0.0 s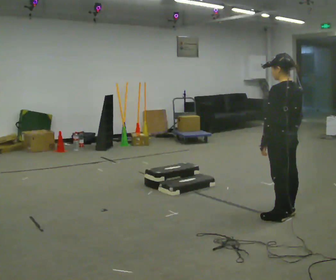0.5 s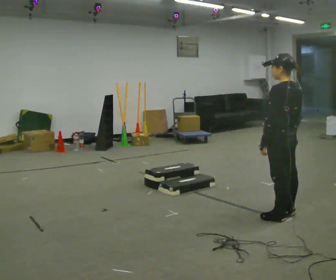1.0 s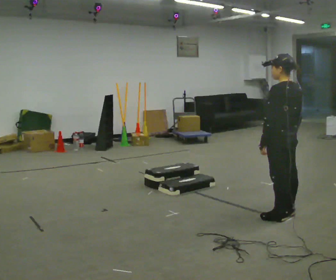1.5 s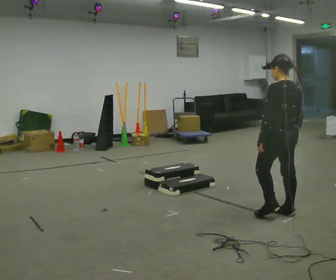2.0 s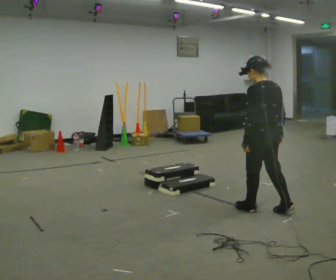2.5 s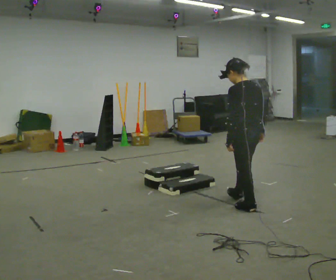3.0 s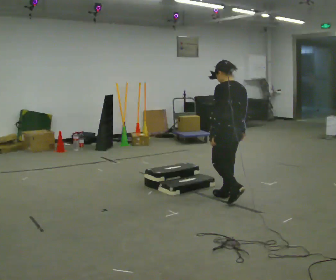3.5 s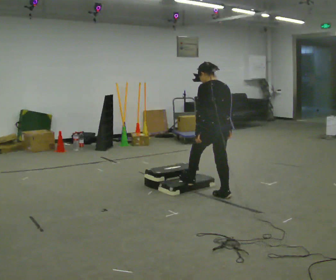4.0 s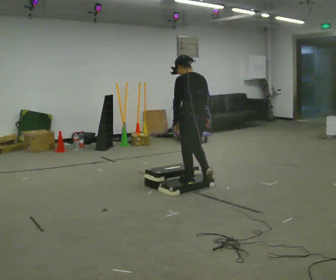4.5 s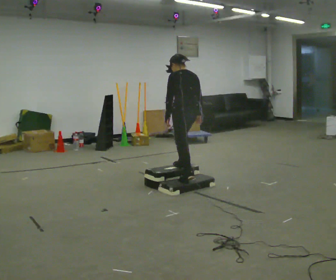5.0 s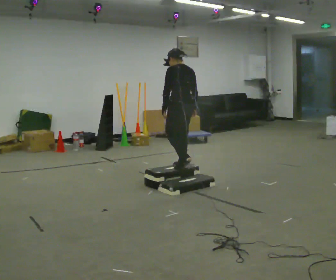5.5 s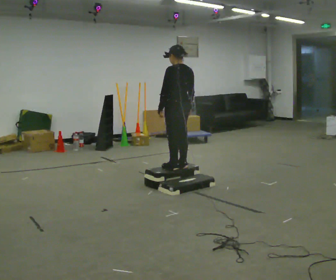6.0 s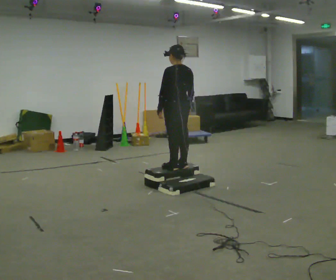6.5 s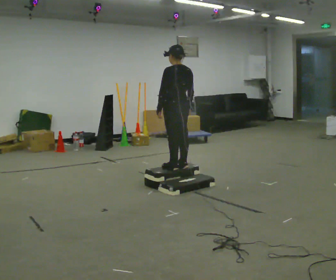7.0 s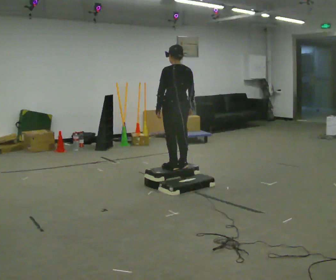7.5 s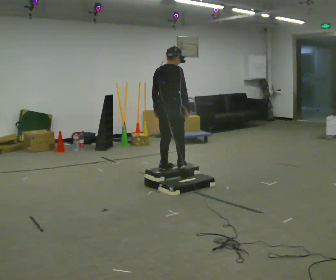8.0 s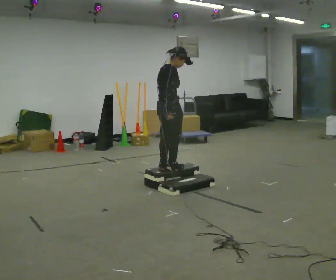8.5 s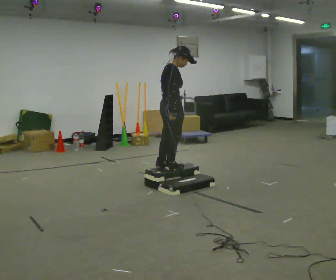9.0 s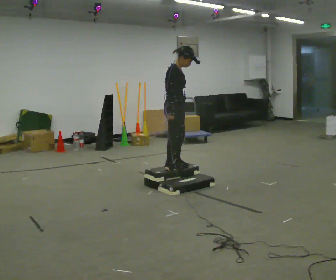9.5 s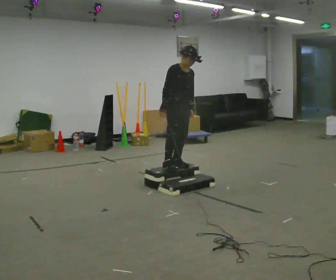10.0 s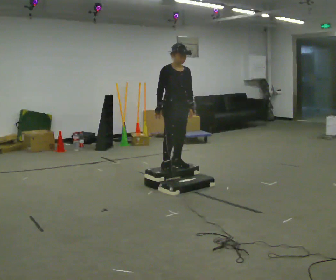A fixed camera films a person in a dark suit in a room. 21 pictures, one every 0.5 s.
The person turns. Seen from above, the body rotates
clockwise.
The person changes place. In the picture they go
away from the camera.
0.0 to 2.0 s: In the picture they go away from the camera, about 0.25 m in 1 step, which for them is forward.
2.0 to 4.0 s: In the picture they go away from the camera and to the left, about 1 m in 2 steps, which for them is forward.
4.0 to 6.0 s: In the picture they go away from the camera and to the left, about 0.5 m in 2 steps, which for them is forward.
6.0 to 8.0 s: The part of the body nearest the lens slides to the left as the person turns to their right by about 105 degrees.
8.0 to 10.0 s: The part of the body nearest the lens slides to the left as the person turns to their right by about 75 degrees.
The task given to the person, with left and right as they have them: Walk up the three steps, turn at the top, and walk back down at a comfortable speed. Use the handrail only if you need it.
The film runs forward here.
